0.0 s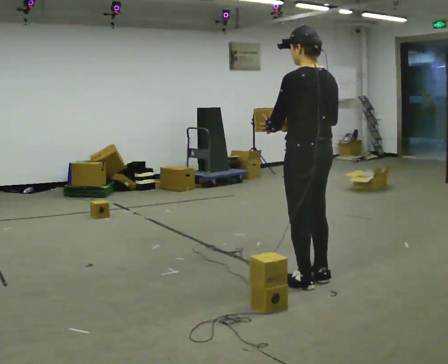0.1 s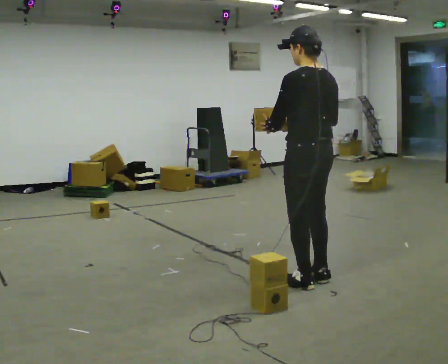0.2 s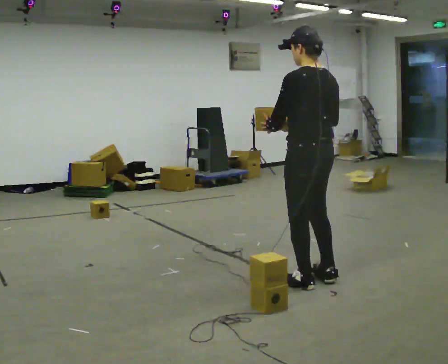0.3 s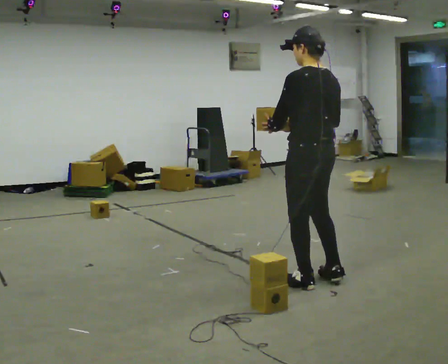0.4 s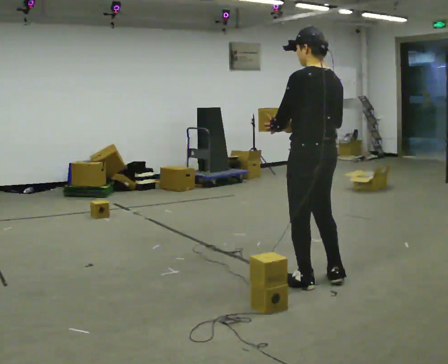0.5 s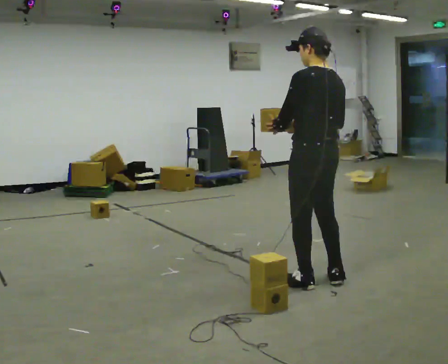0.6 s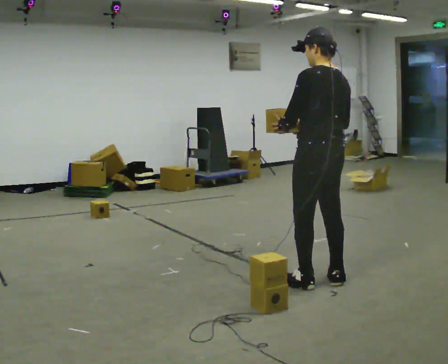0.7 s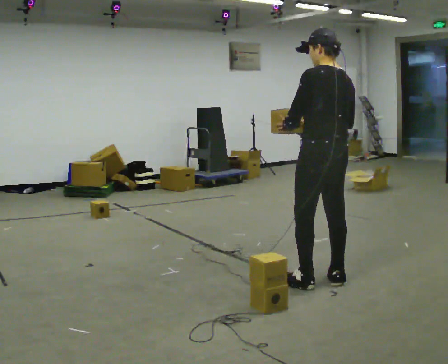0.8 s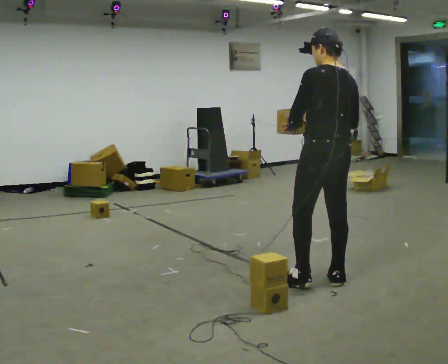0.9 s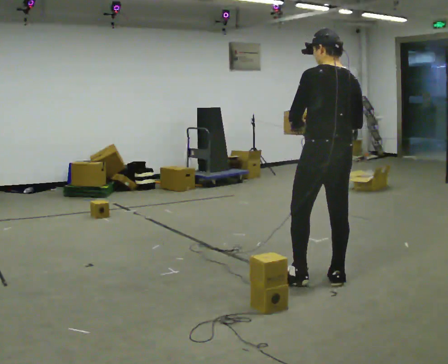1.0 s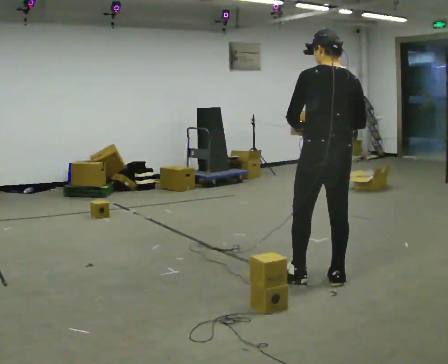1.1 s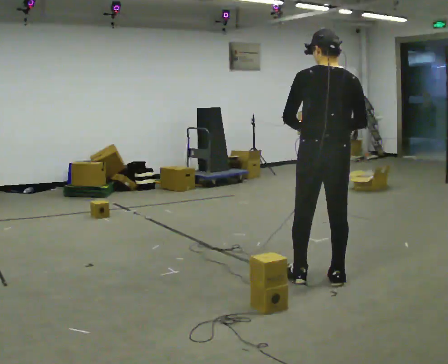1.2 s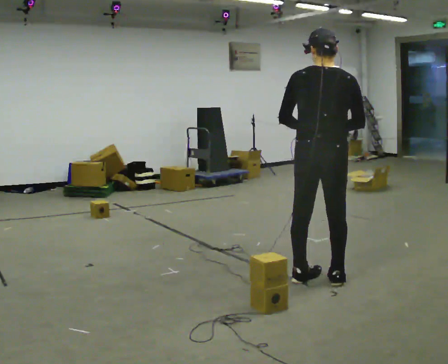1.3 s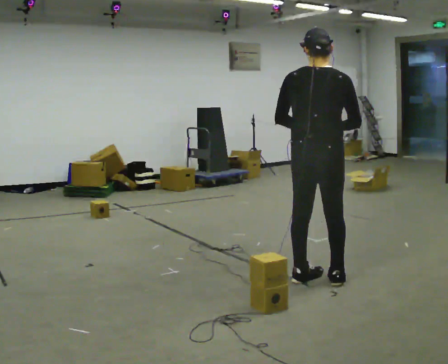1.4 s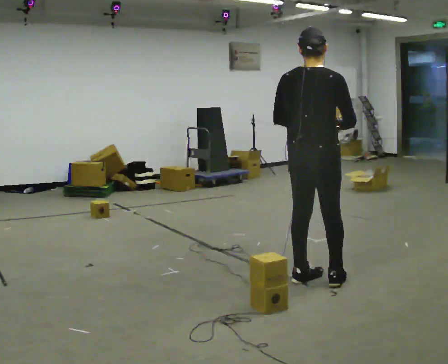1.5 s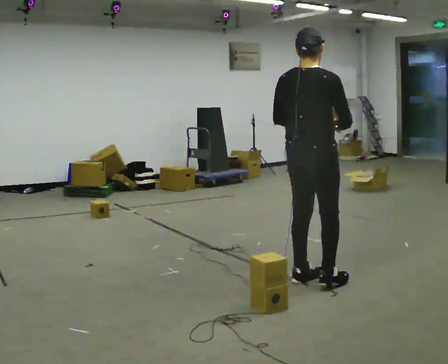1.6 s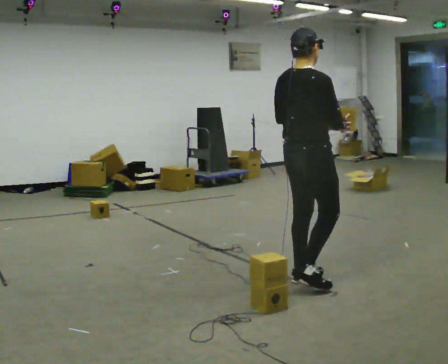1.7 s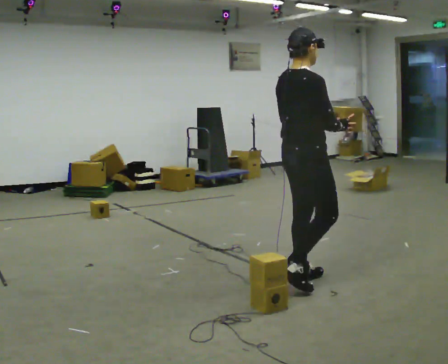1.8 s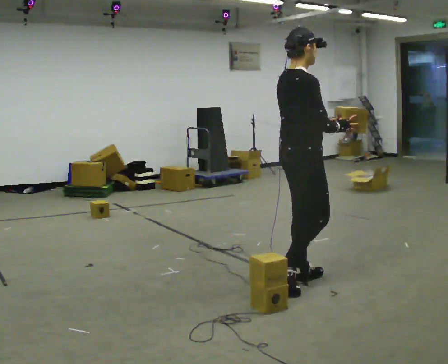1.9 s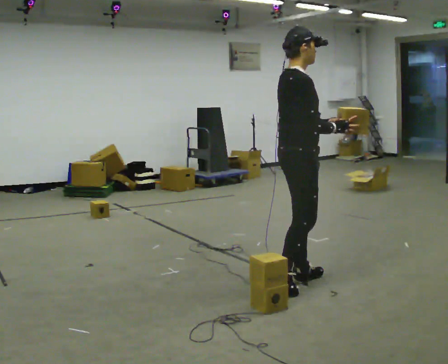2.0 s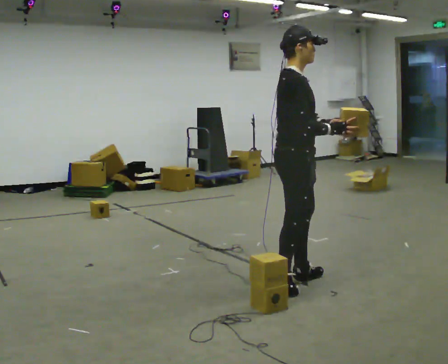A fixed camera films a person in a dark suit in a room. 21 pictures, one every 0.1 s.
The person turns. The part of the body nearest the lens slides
to the left.
The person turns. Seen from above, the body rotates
clockwise.
0.0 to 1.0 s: The person moves a little, or ends about where they began.
1.0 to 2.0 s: The part of the body nearest the lens slides to the left as the person turns to their right by about 105 degrees. In the picture they go to the left, about 0.25 m in 1 step.
The film runs backward here.
